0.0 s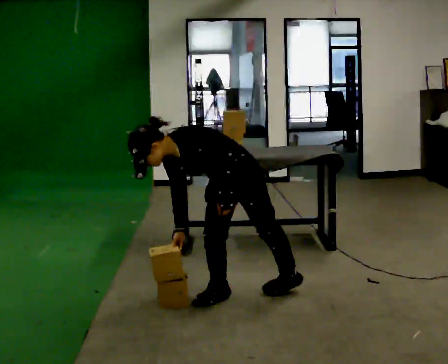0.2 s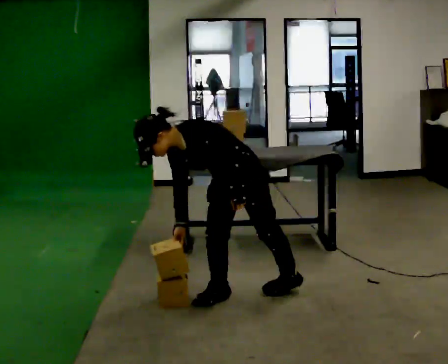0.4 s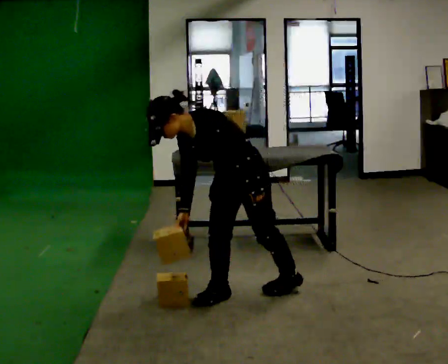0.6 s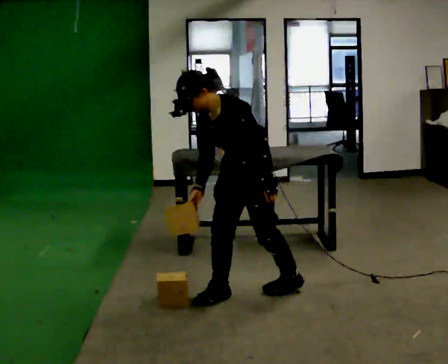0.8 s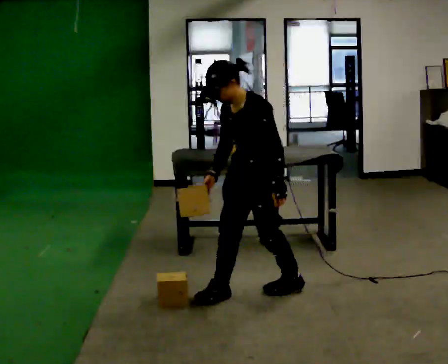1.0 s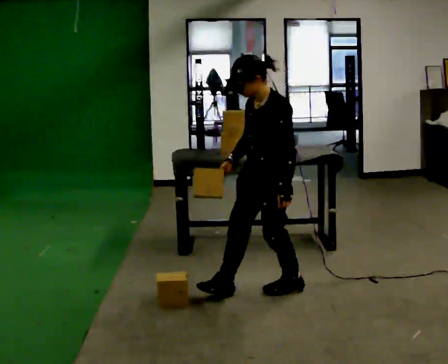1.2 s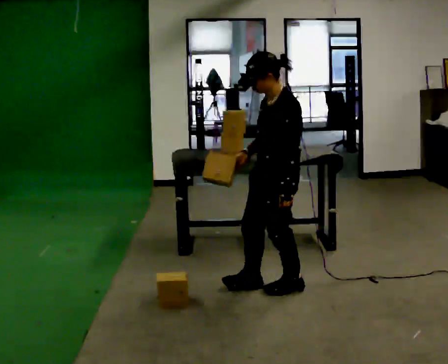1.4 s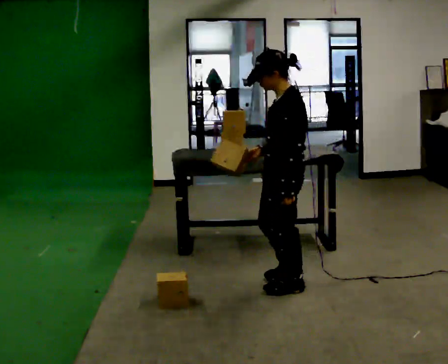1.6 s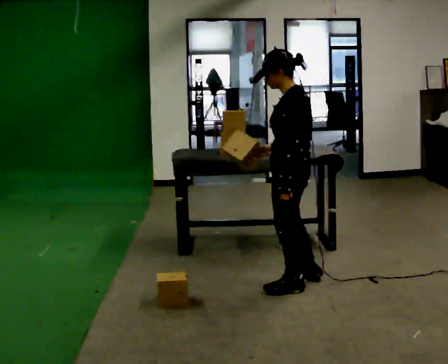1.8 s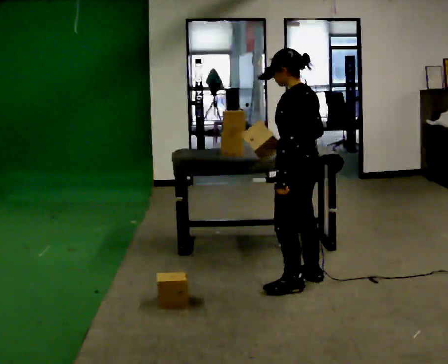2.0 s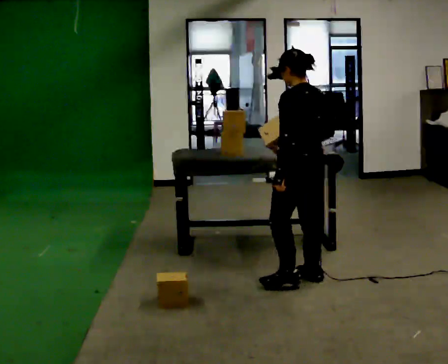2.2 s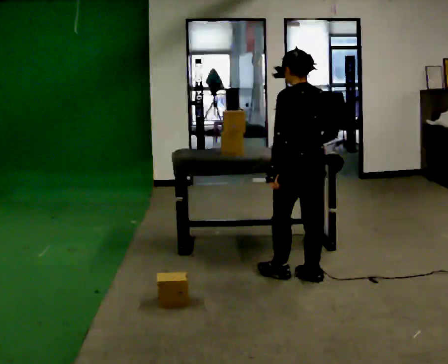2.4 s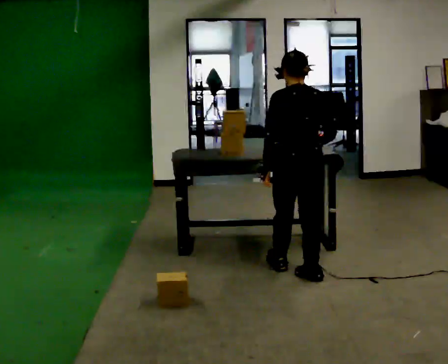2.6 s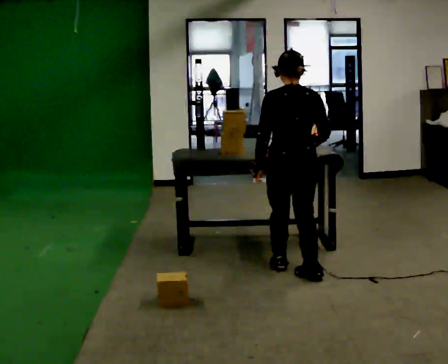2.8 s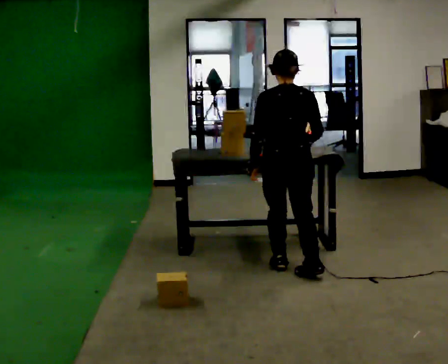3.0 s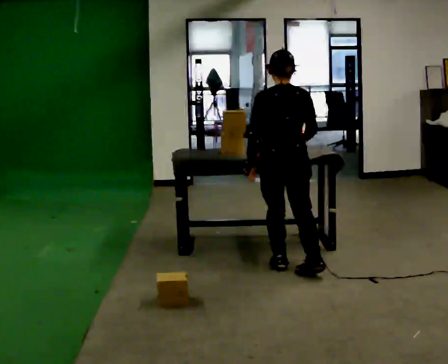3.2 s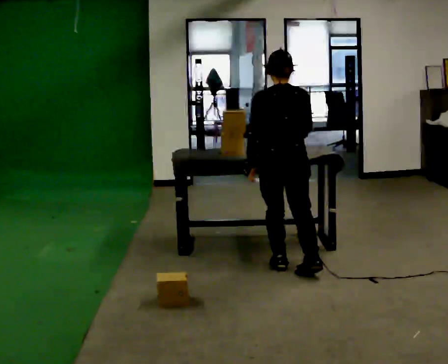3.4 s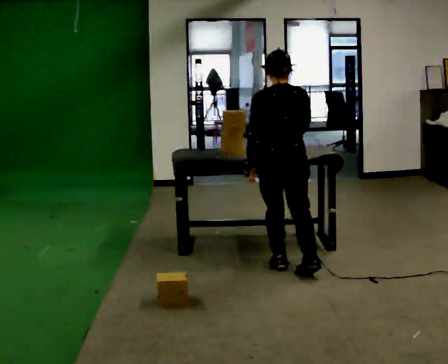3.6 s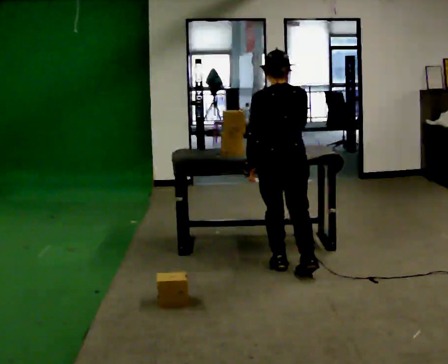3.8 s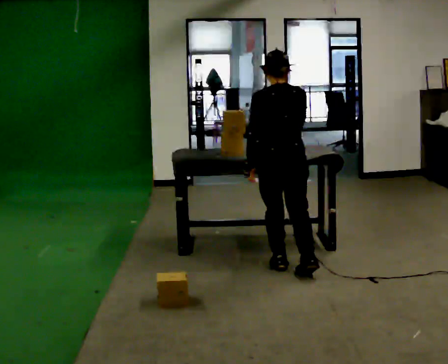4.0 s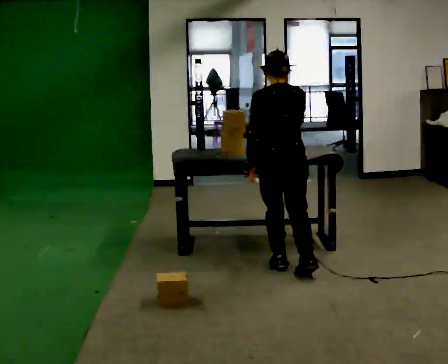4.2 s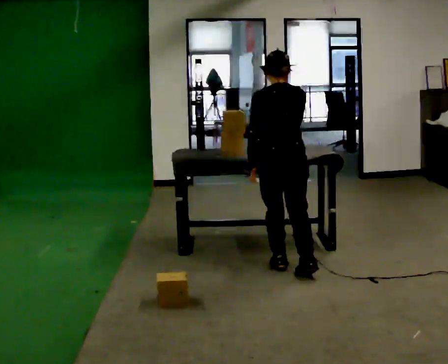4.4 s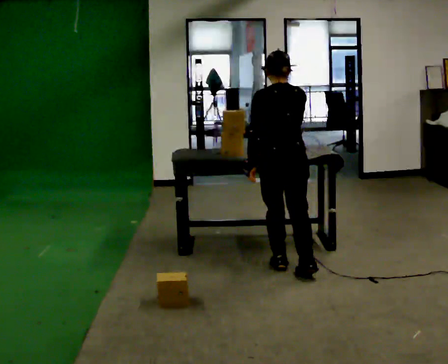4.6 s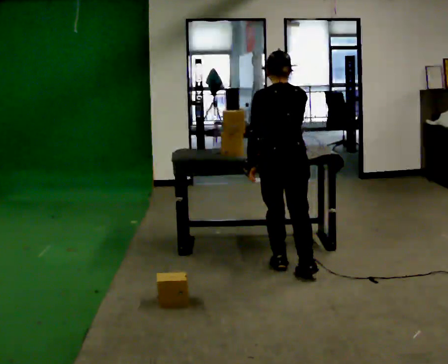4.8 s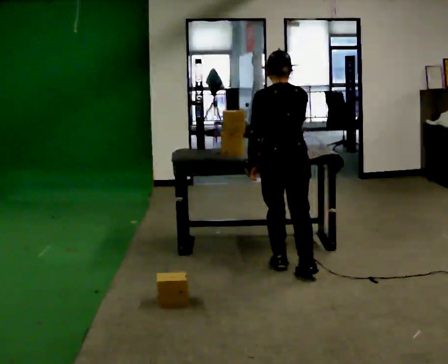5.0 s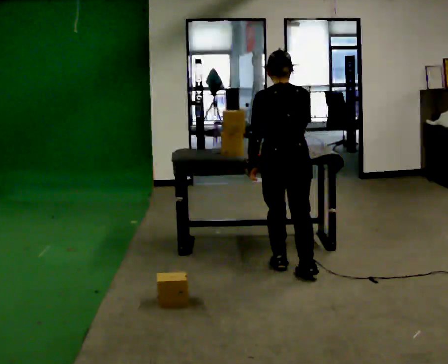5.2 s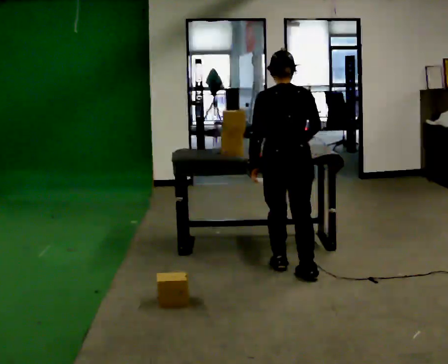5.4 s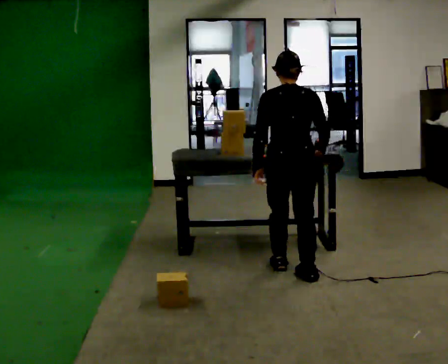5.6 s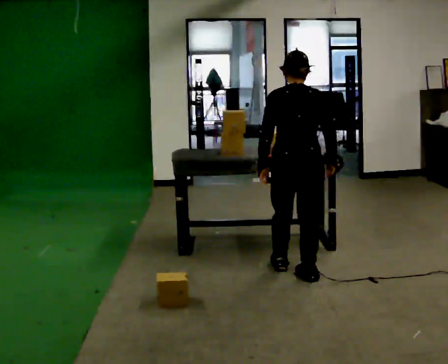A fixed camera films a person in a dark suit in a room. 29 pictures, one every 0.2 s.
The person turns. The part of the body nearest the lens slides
to the left.
The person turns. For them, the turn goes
to their right.
0.0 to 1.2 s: In the picture they go to the right, about 0.25 m in 1 step, which for them is backward and to their left. The shoulders move upward. In the picture the upper body tilts clockwise, shoulders to the right, as they lean back or straighten. In the picture their right hand goes upward.
1.2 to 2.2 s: The part of the body nearest the lens slides to the left as the person turns to their right by about 75 degrees. In the picture they go away from the camera and to the right, about 0.25 m in 1 step.
2.2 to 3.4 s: The part of the body nearest the lens slides to the left as the person turns to their right by about 30 degrees. In the picture they go away from the camera, about 0.25 m, which for them is forward.
3.4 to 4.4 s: The person moves a little, or ends about where they began.
4.4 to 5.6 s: In the picture they go toward the camera, about 0.25 m, which for them is backward.
The film runs backward here.
